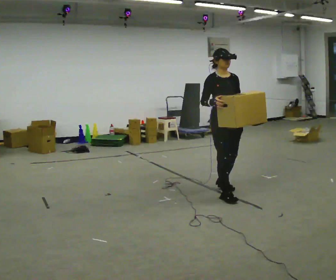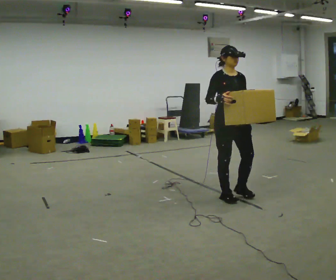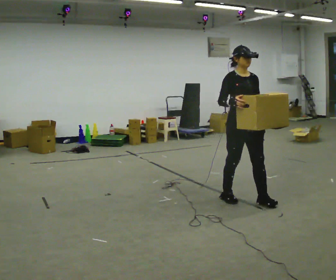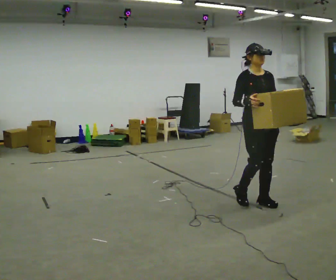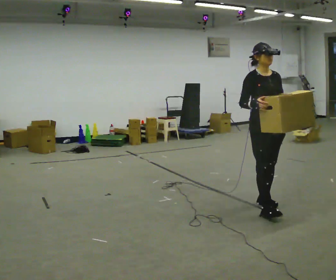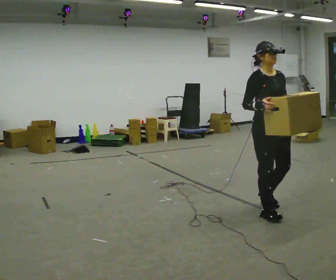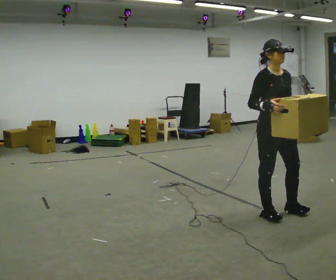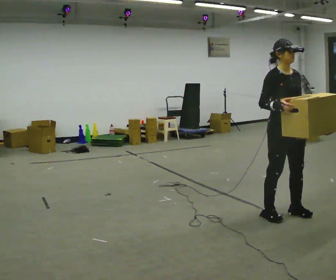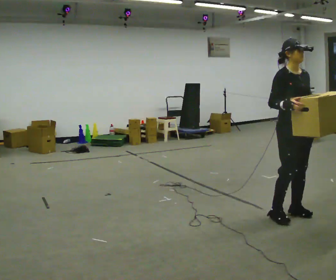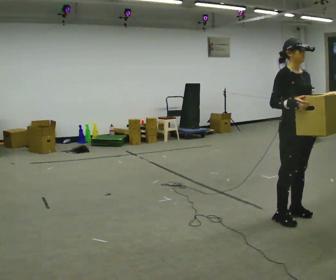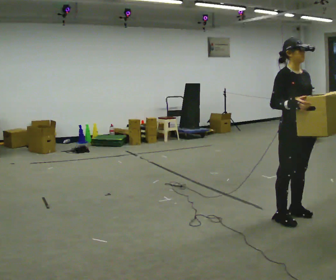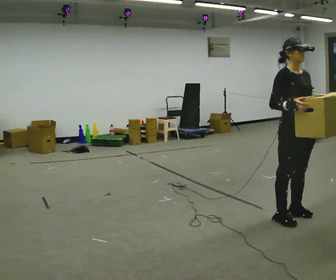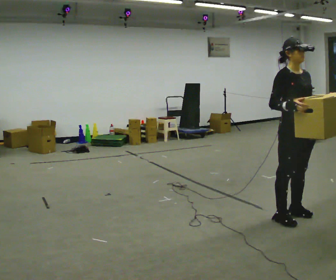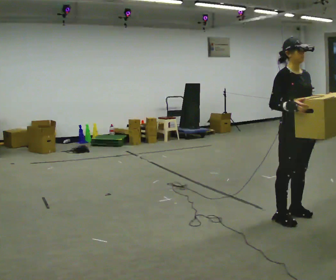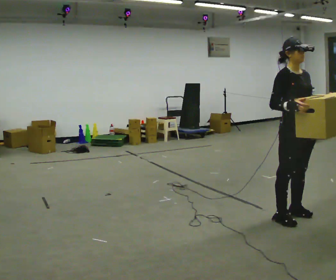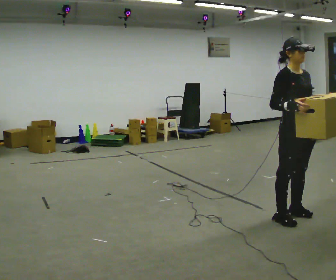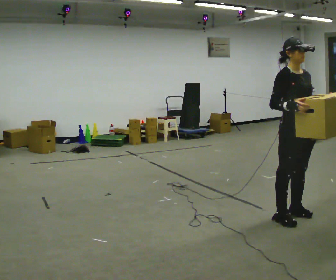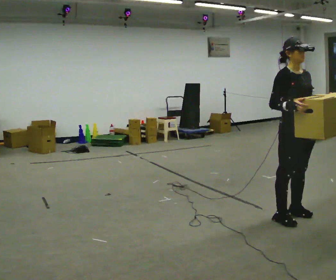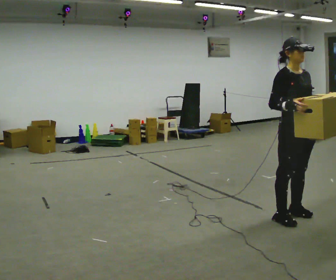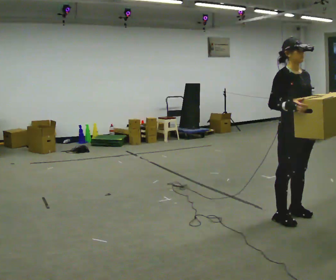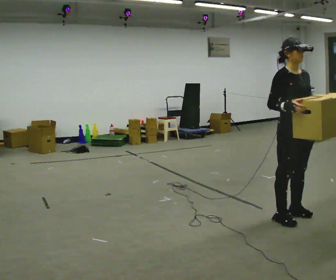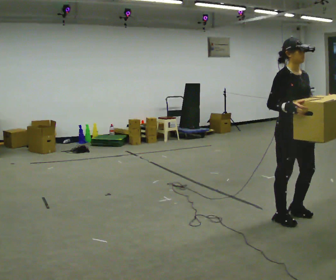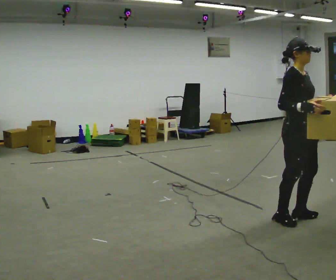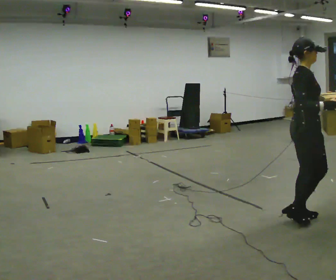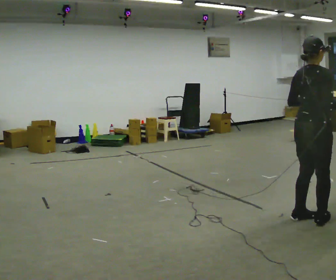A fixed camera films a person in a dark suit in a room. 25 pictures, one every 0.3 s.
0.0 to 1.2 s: In the picture they go to the right and toward the camera, about 0.5 m in 2 steps, which for them is forward.
1.2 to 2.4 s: In the picture they go to the right and toward the camera, about 0.25 m in 1 step, which for them is forward.
2.4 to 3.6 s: The person moves a little, or ends about where they began.
3.6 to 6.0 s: The person keeps their place and pose.
6.0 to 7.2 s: The person turns about 90 degrees to their left, counterclockwise seen from above, so the part of the body nearest the lens slides to the right. In the picture they go to the right, about 0.25 m in 1 step.
The film runs forward here.
